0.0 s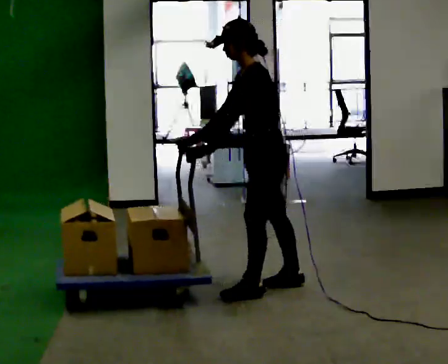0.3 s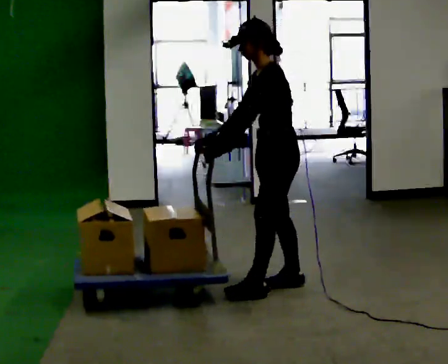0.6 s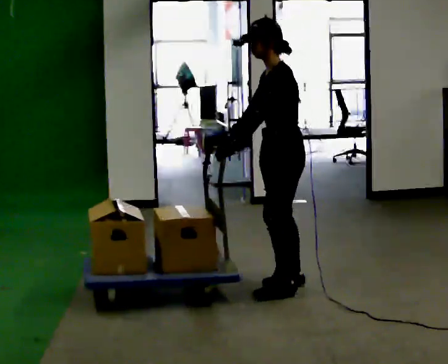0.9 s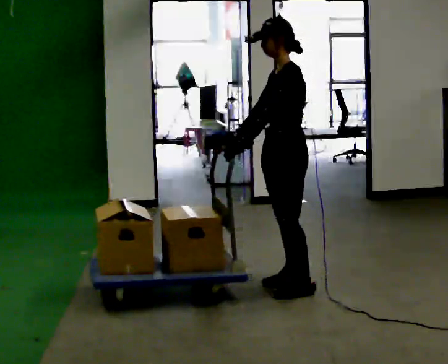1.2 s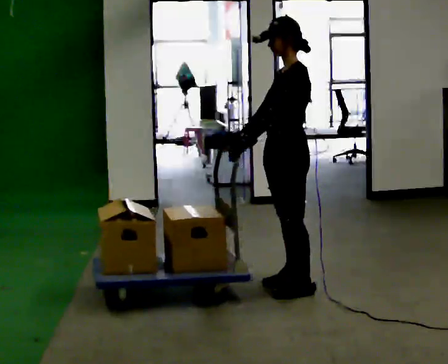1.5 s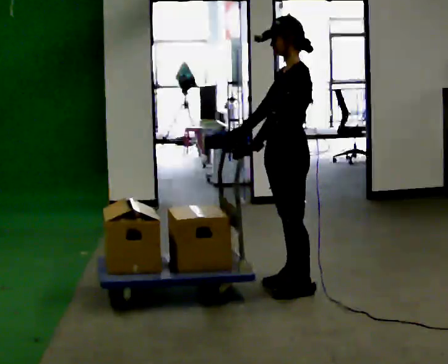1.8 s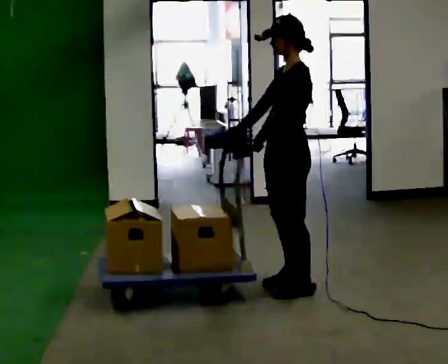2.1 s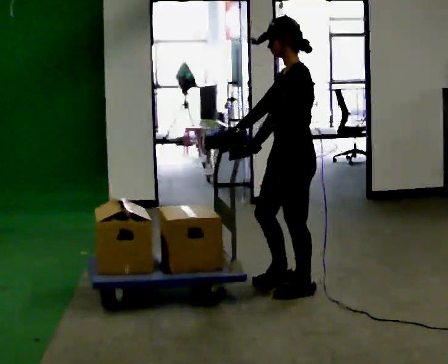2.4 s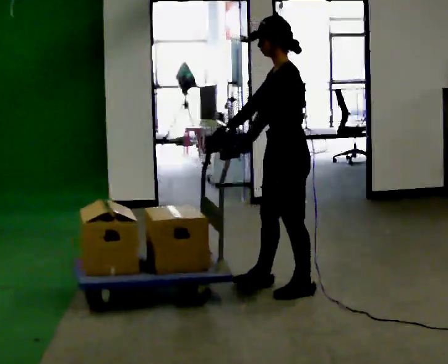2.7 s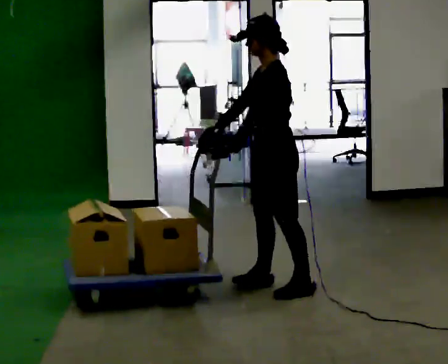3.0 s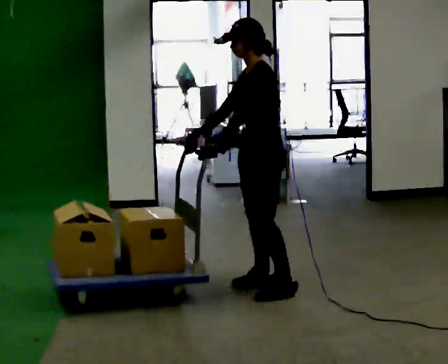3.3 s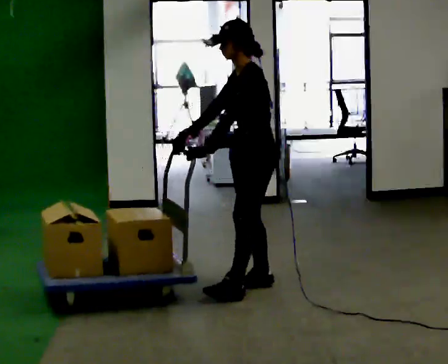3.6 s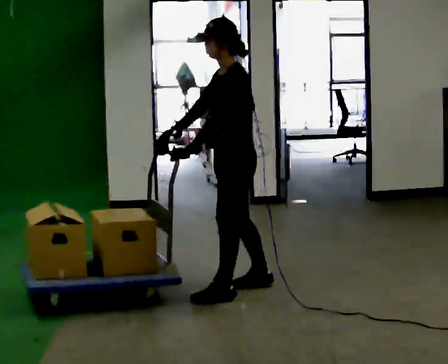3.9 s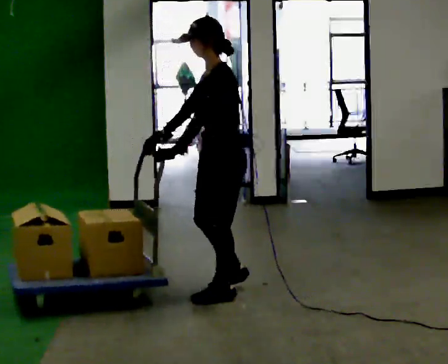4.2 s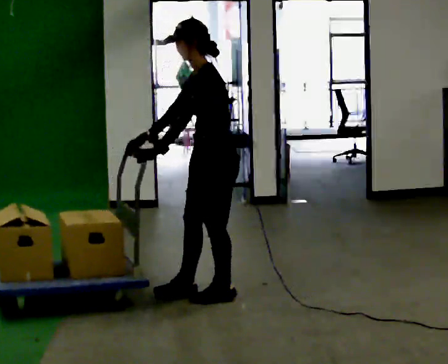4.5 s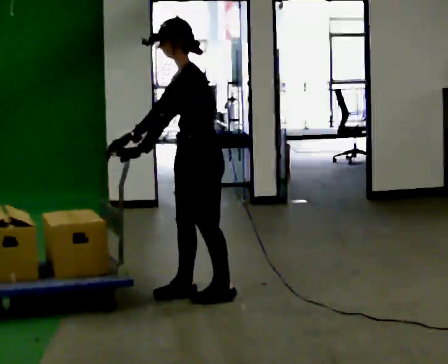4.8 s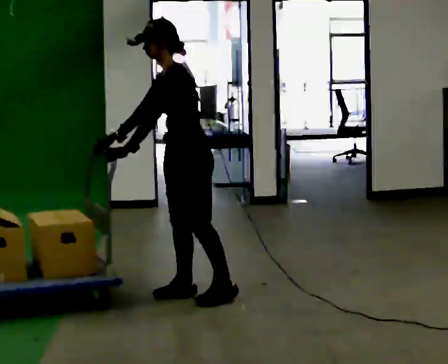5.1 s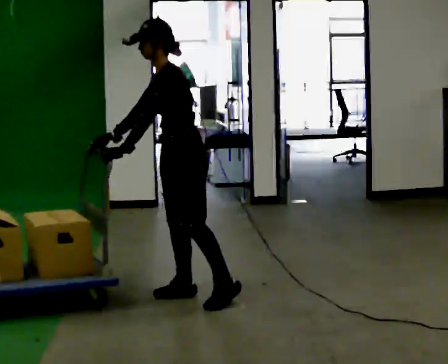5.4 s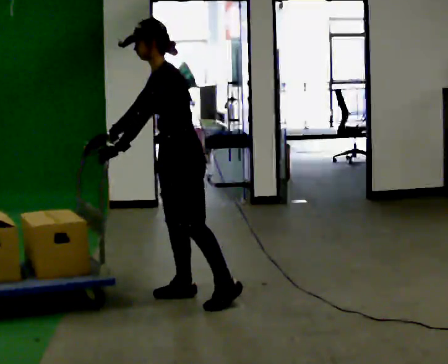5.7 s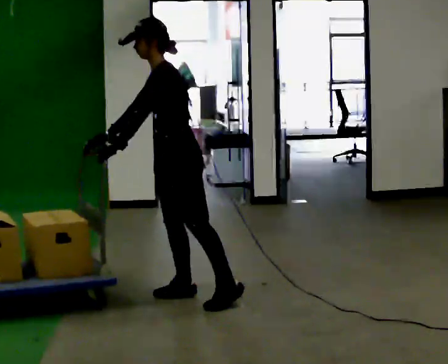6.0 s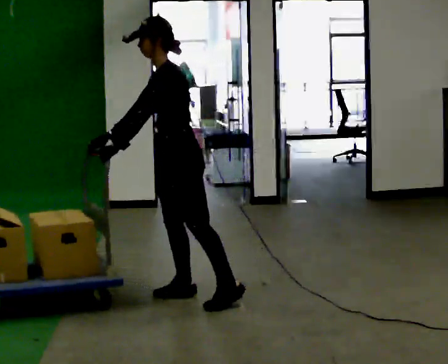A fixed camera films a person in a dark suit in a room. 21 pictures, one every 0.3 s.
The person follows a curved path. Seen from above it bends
counterclockwise.
0.0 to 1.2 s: In the picture the upper body tilts clockwise, shoulders to the right, as they lean back or straighten.
1.2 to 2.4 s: The person moves a little, or ends about where they began.
2.4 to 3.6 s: In the picture they go to the left, about 0.25 m in 1 step, which for them is forward.
3.6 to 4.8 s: In the picture they go to the left, about 0.25 m in 1 step, which for them is forward.
4.8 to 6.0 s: The person moves a little, or ends about where they began.
The film runs backward here.
